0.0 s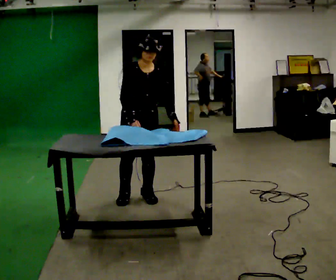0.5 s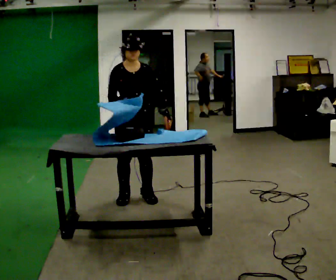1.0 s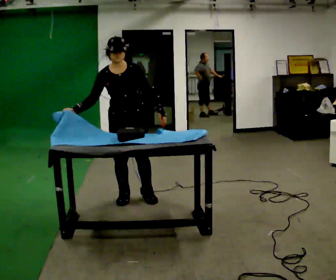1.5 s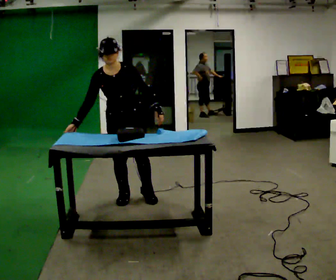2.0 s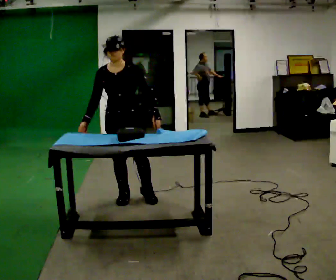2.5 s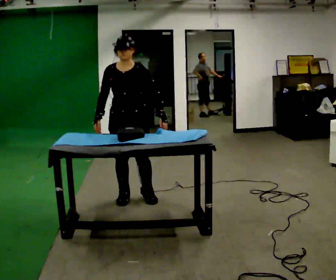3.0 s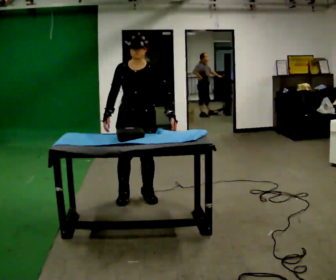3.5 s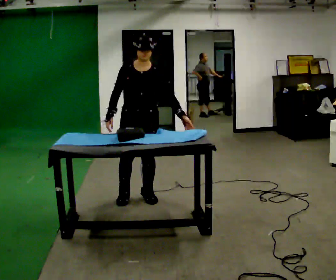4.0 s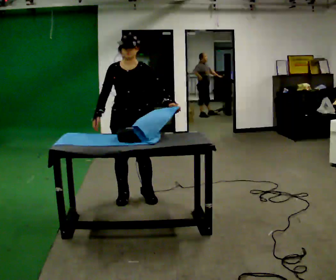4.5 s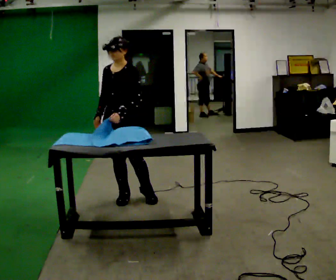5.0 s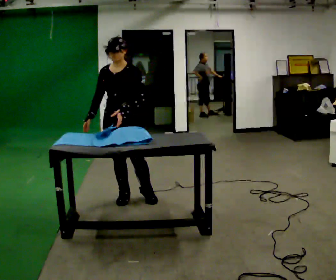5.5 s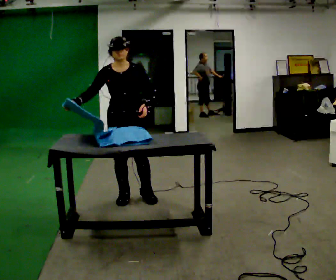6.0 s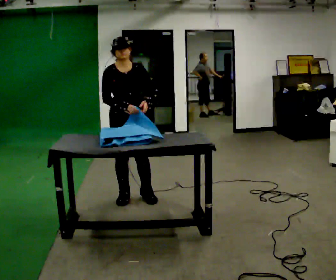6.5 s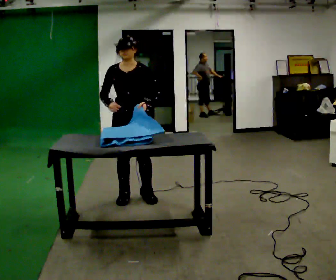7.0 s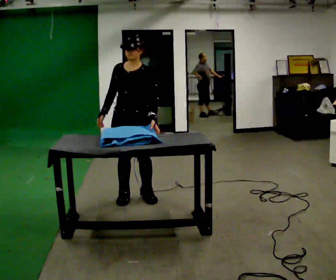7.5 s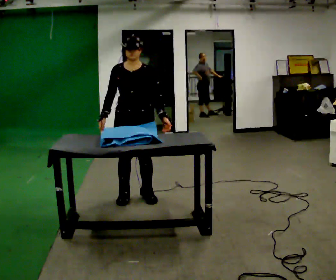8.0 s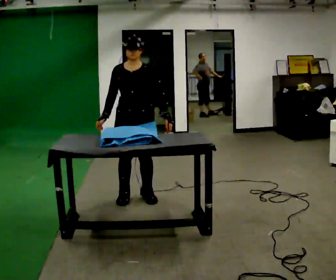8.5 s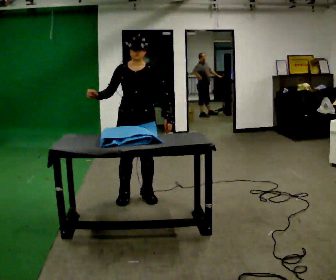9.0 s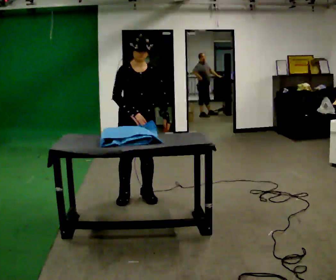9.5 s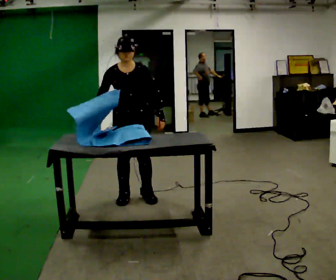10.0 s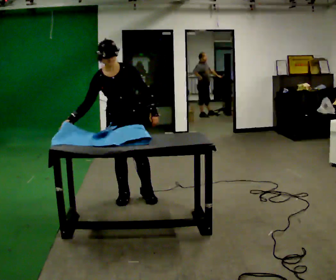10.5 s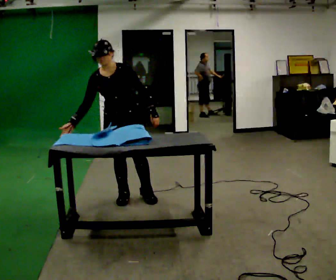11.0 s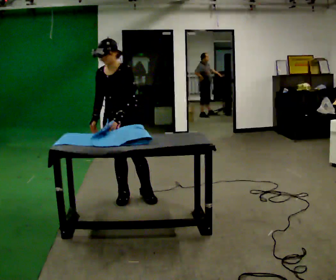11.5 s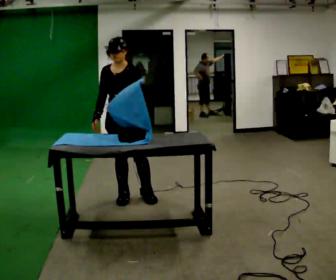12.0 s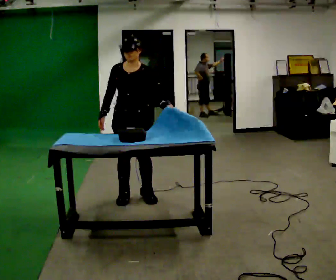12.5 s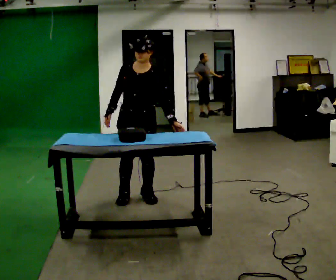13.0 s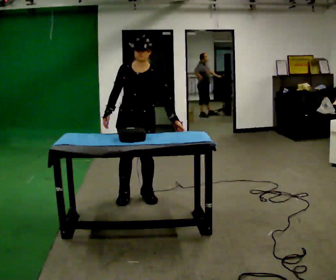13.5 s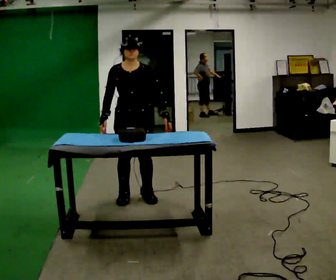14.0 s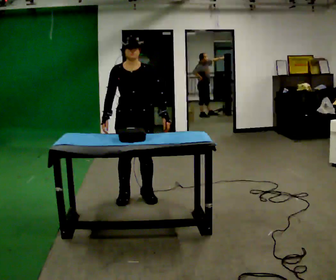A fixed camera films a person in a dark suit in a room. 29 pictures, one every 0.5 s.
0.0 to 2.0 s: In the picture they go to the left, about 0.25 m, which for them is to their right. In the picture their right hand goes to the left.
2.0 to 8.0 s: The person moves a little, or ends about where they began.
8.0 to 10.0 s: In the picture the upper body tilts counterclockwise, shoulders to the left, as they bend forward. In the picture their right hand goes to the left.
10.0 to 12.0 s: In the picture the upper body tilts clockwise, shoulders to the right.
12.0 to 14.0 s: The person moves a little, or ends about where they began.
The film runs backward here.
